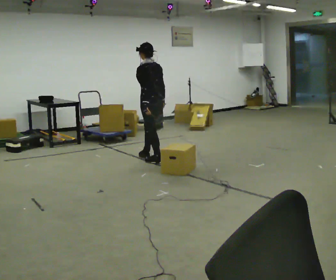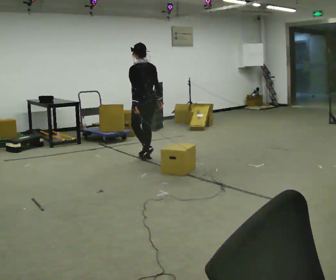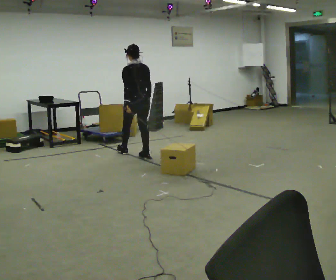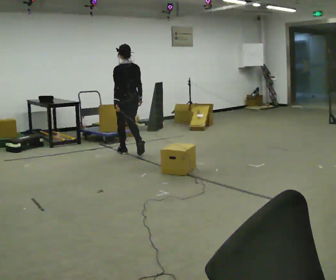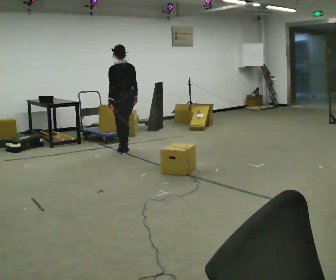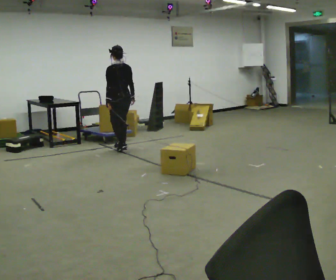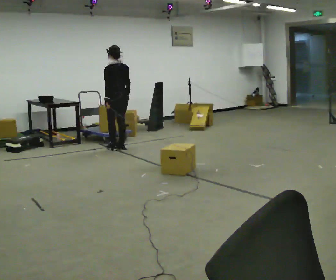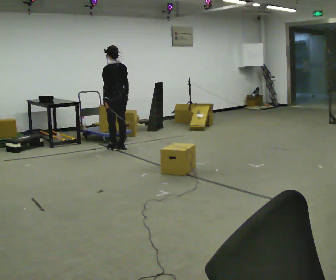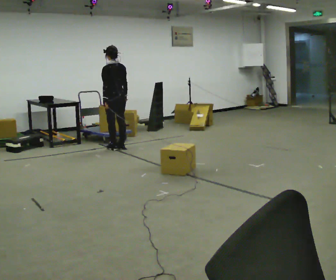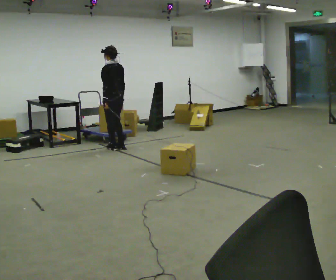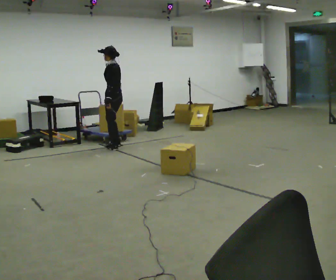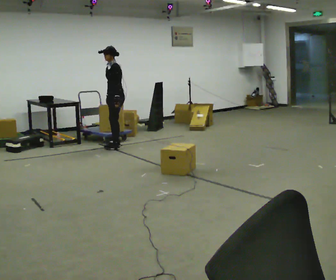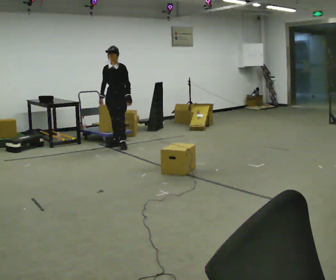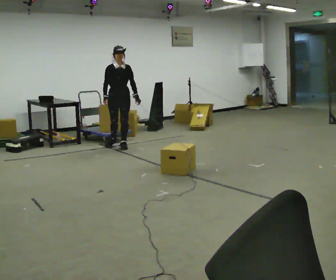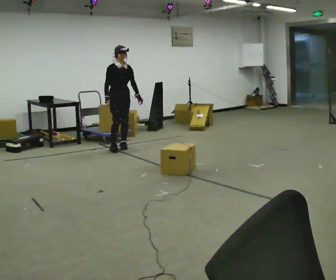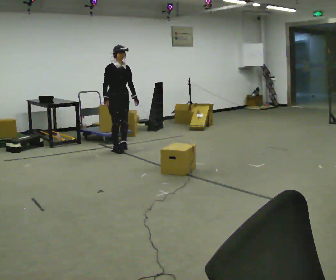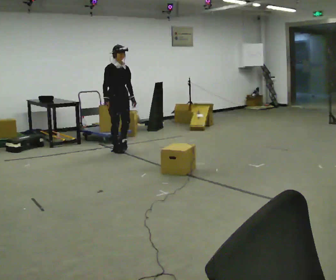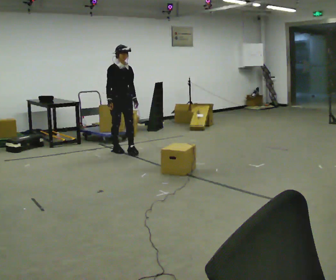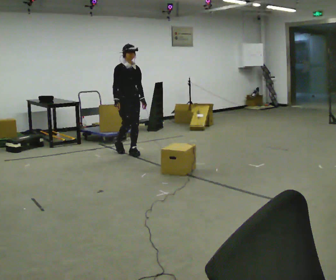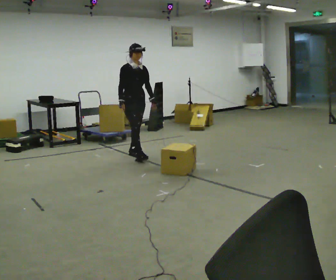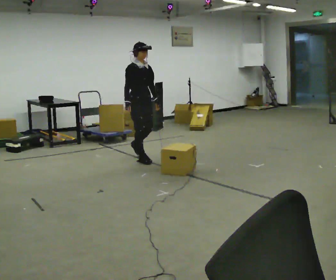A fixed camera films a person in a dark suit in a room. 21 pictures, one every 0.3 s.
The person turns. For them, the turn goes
to their left.
The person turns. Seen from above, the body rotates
counterclockwise.
0.0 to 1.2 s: In the picture they go away from the camera and to the left, about 0.75 m in 1 step, which for them is forward.
1.2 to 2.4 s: In the picture they go away from the camera, about 0.25 m in 2 steps, which for them is forward.
2.4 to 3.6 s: The person turns about 120 degrees to their left, counterclockwise seen from above, so the part of the body nearest the lens slides to the right. In the picture their right hand goes to the left, the arm swinging clockwise.
3.6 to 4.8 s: The part of the body nearest the lens slides to the right as the person turns to their left by about 60 degrees. In the picture they go toward the camera, about 0.25 m in 1 step, which for them is forward and to their right.
4.8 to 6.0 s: In the picture they go toward the camera and to the right, about 0.75 m in 2 steps, which for them is forward.
The film runs forward here.
